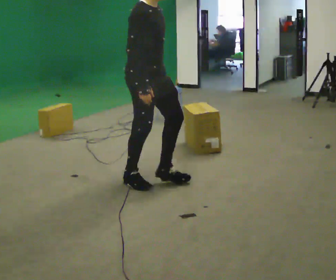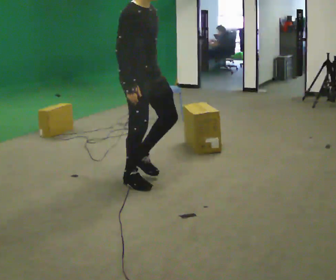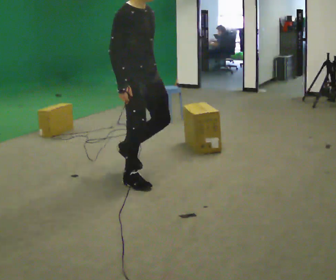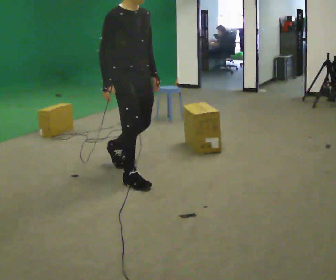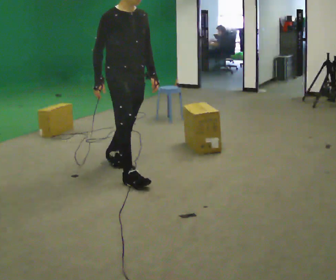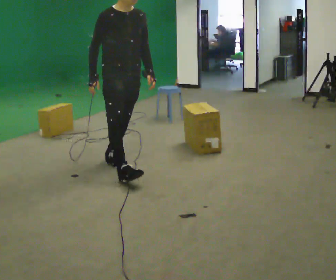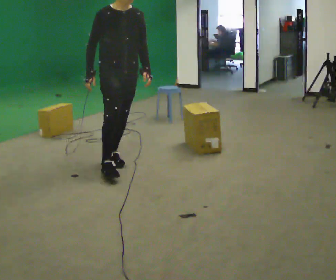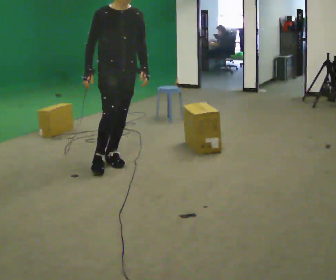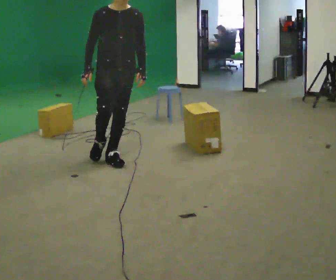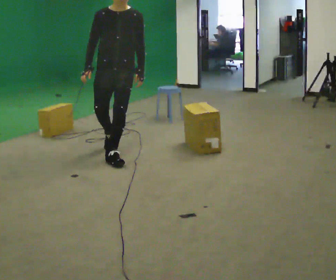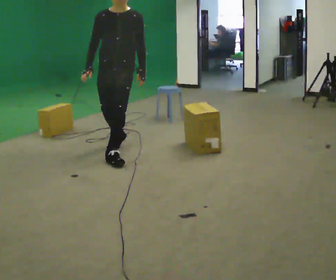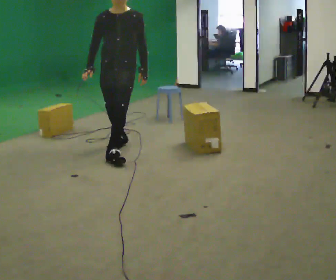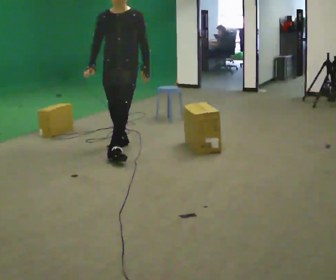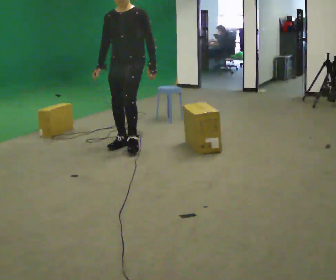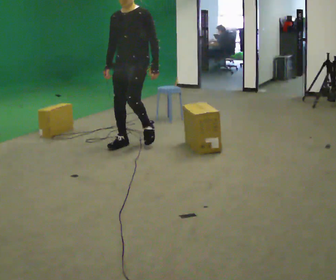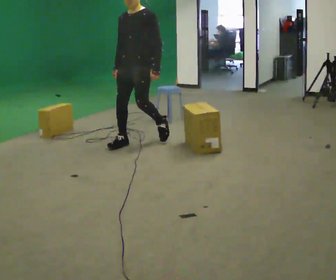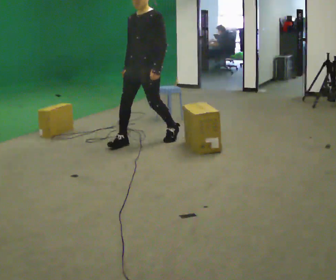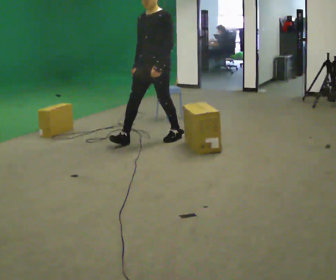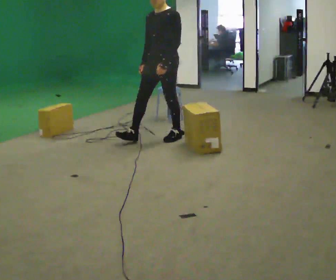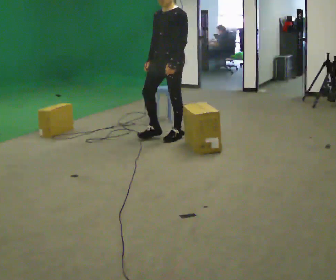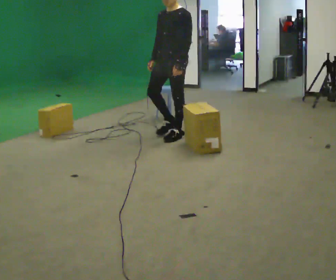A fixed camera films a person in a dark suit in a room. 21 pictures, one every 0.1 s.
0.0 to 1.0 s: Seen from above the body turns clockwise, about 75 degrees: to their right, with its near side sliding to the left. In the picture they go away from the camera, about 1 m in 1 step.
1.0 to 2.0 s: The person turns about 45 degrees to their right, clockwise seen from above, so the part of the body nearest the lens slides to the left. In the picture they go to the right and away from the camera, about 1 m in 2 steps, which for them is backward.
The film runs backward here.
